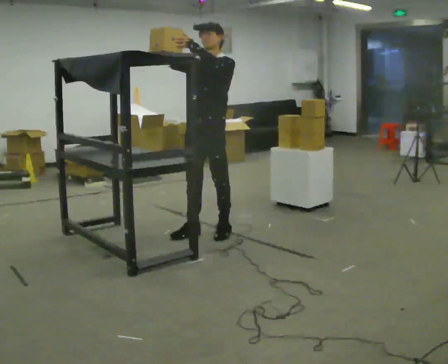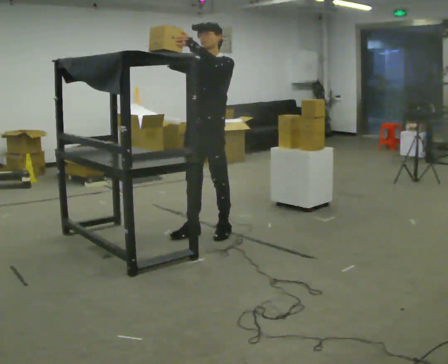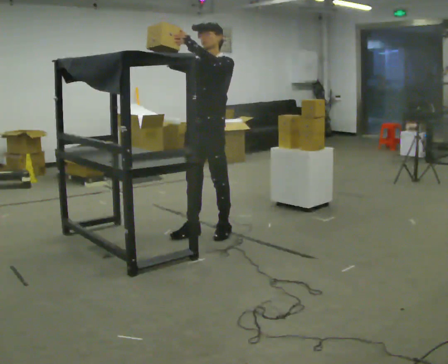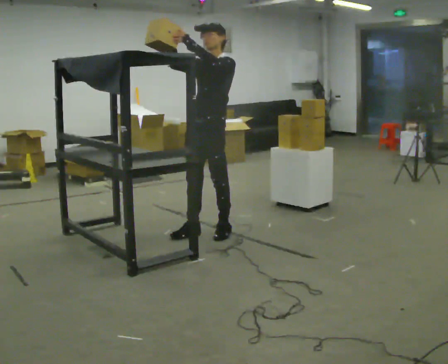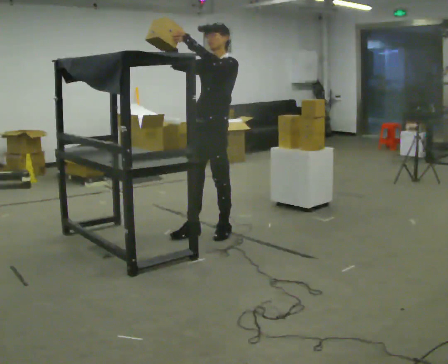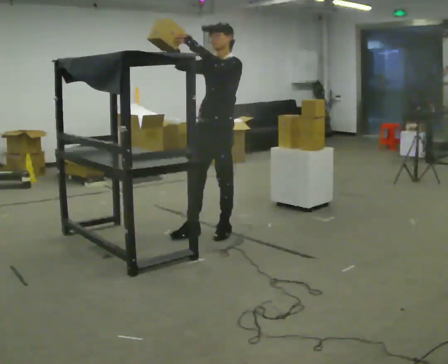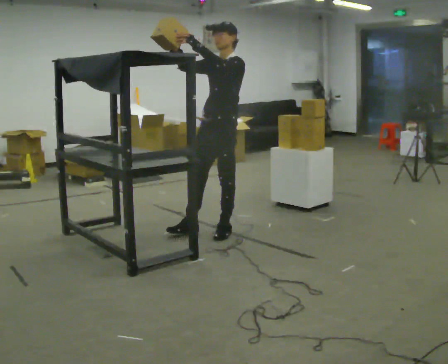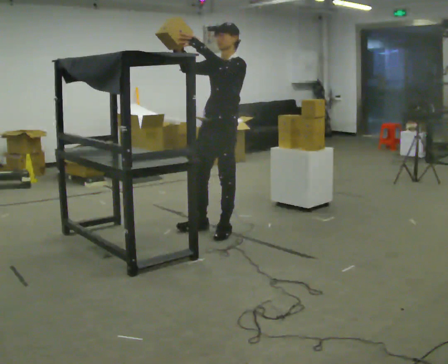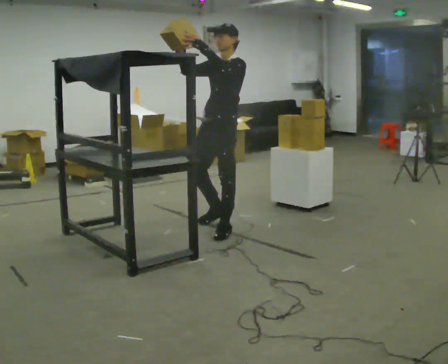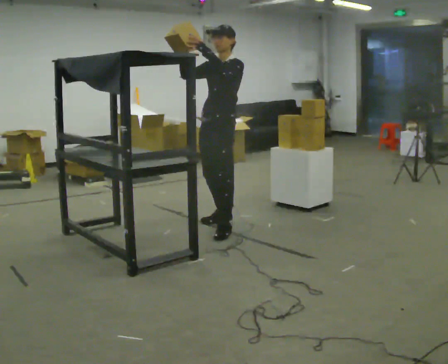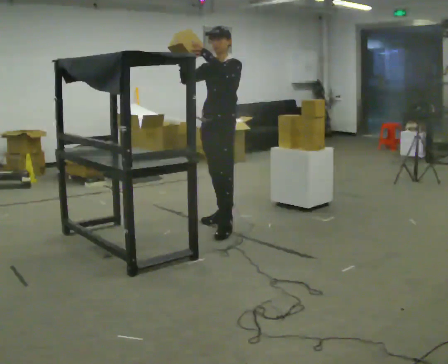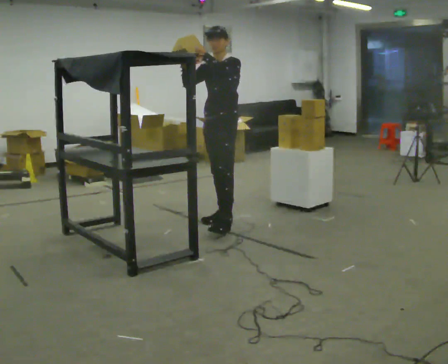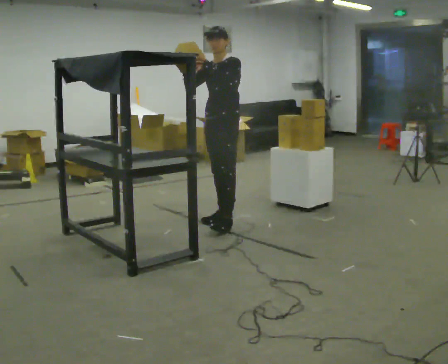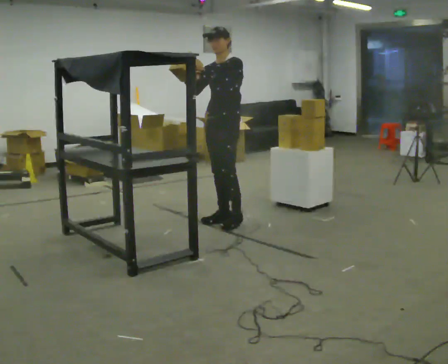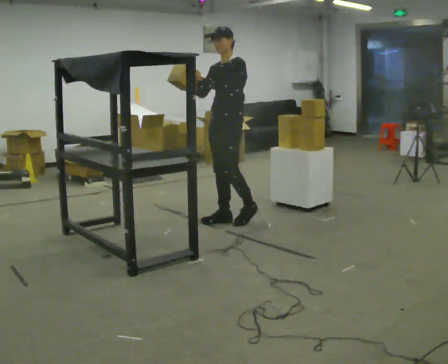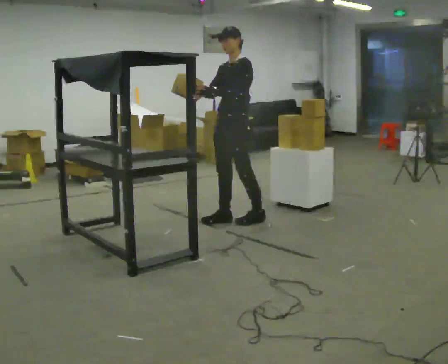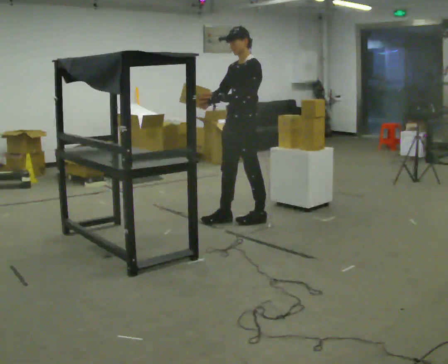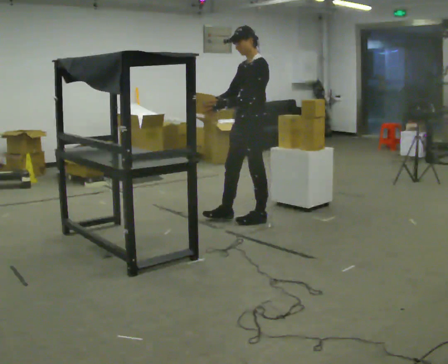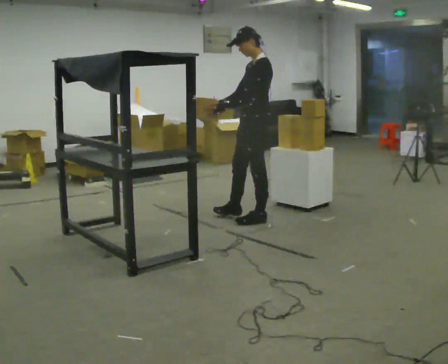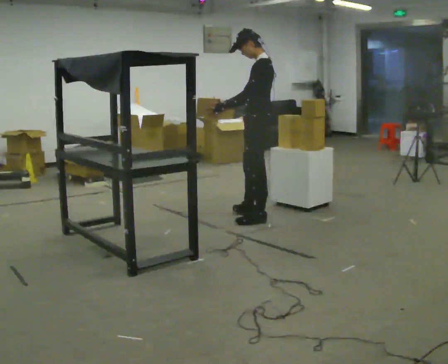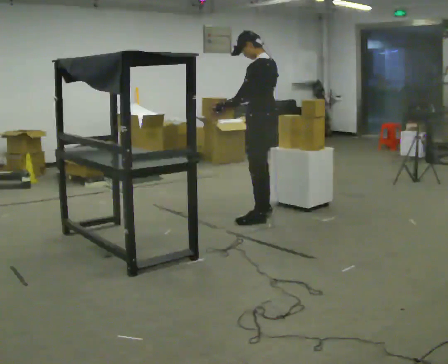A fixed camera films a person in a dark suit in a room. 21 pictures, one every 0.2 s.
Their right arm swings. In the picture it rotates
counterclockwise.
Their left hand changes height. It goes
downward.
0.0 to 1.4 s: The person moves a little, or ends about where they began.
1.4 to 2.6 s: In the picture they go away from the camera, about 0.25 m in 1 step, which for them is backward and to their right.
2.6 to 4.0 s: The part of the body nearest the lens slides to the left as the person turns to their right by about 75 degrees. In the picture they go to the right, about 0.25 m in 1 step.
The film runs backward here.
